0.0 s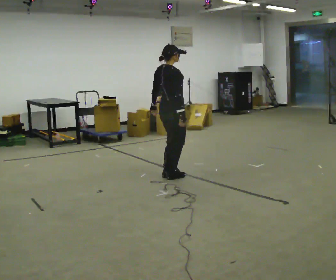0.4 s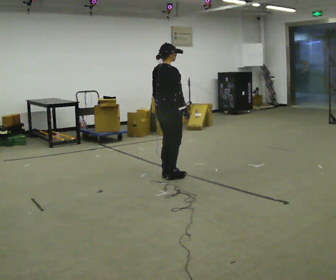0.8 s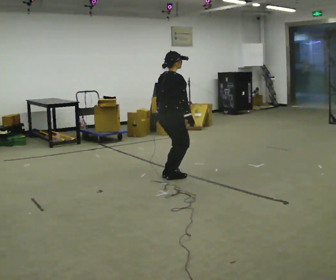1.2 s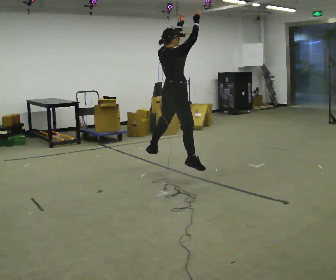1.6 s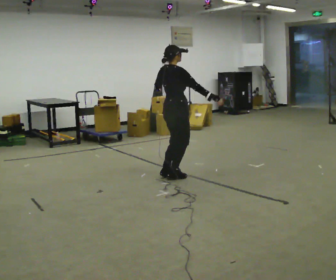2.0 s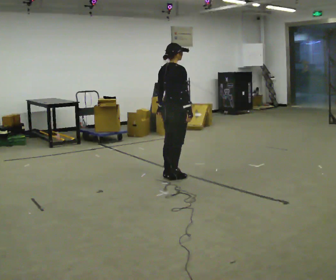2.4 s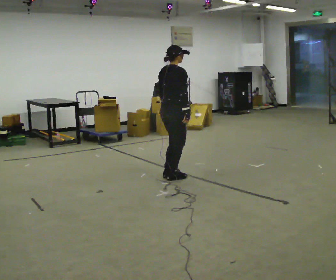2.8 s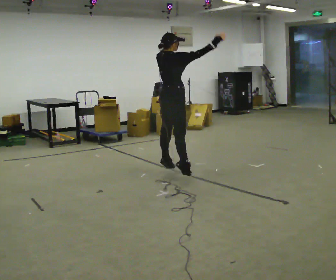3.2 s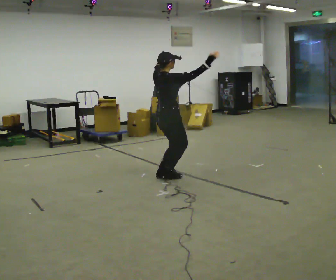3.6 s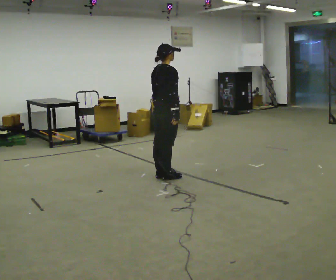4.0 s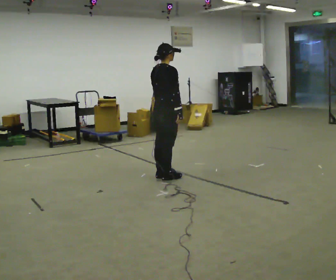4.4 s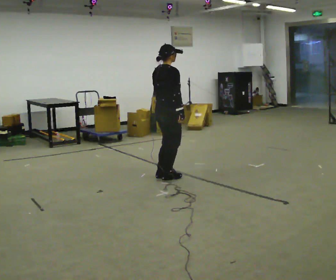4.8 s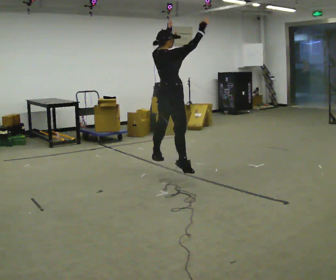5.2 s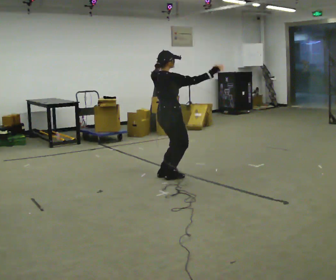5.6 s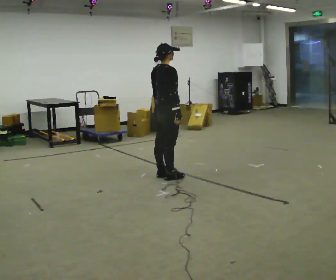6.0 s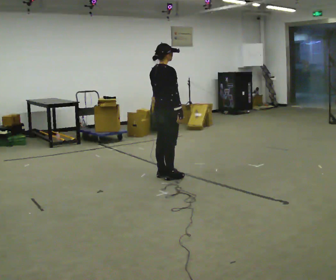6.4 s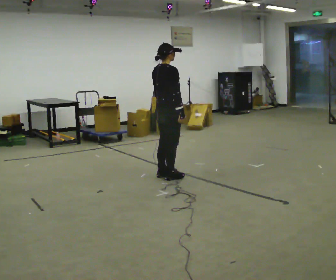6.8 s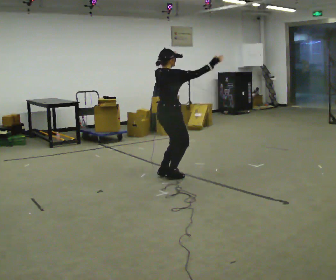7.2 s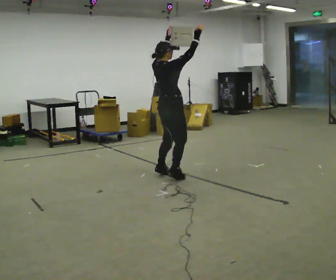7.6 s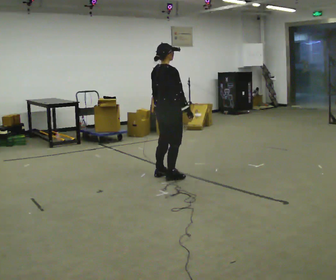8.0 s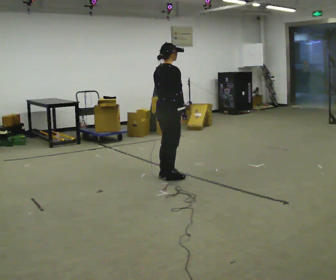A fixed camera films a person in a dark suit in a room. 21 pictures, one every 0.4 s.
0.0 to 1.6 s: The person moves a little, or ends about where they began.
1.6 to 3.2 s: In the picture their right hand goes upward.
3.2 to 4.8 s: In the picture their left hand goes upward.
4.8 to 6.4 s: In the picture their right hand goes downward, the arm swinging clockwise.
6.4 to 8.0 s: The person moves a little, or ends about where they began.
The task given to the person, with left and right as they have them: Do jumping jacks at a steady pace until the operator says stop.
The film runs forward here.
